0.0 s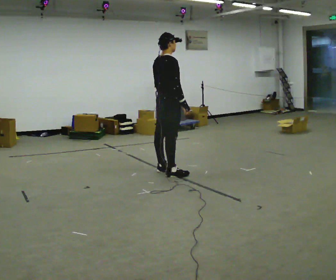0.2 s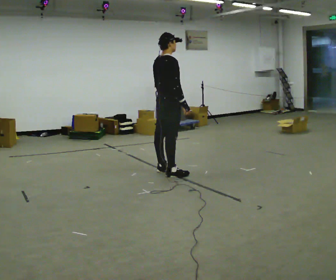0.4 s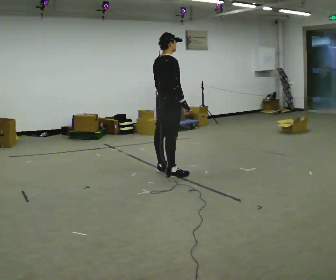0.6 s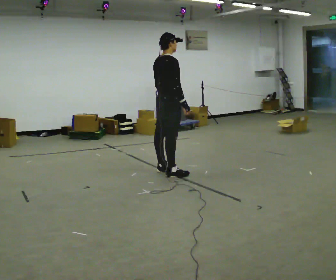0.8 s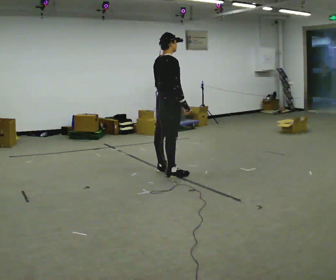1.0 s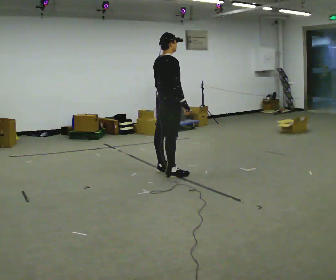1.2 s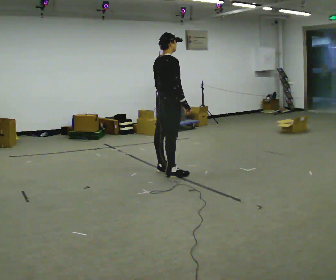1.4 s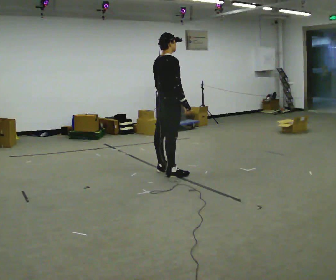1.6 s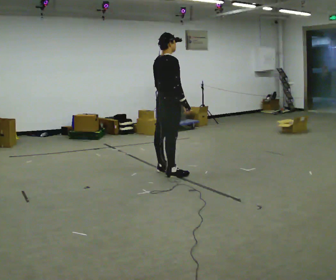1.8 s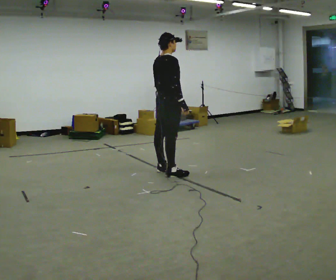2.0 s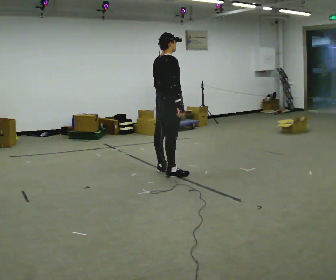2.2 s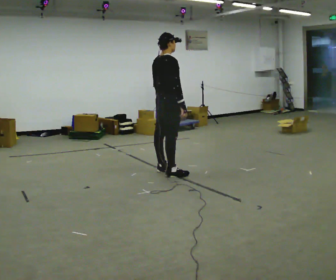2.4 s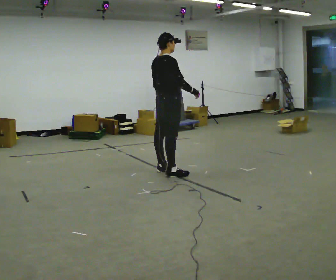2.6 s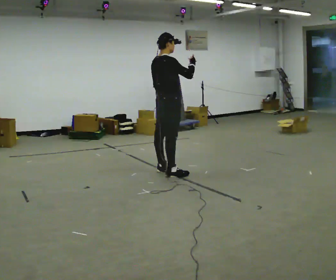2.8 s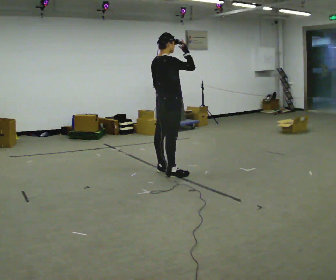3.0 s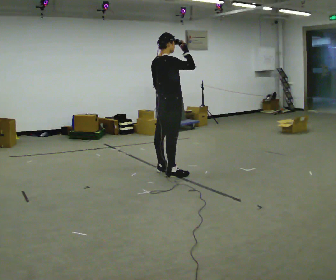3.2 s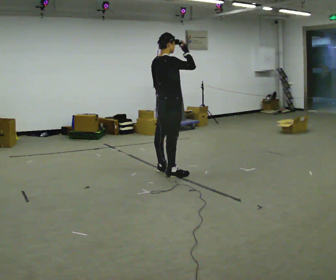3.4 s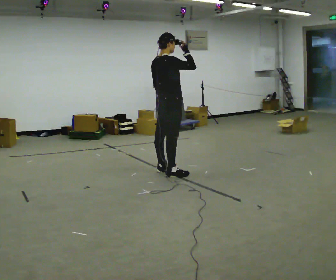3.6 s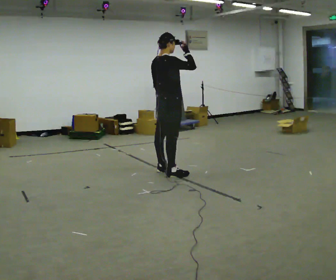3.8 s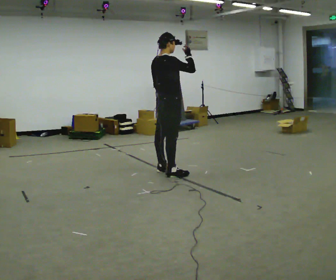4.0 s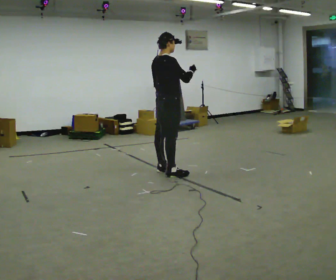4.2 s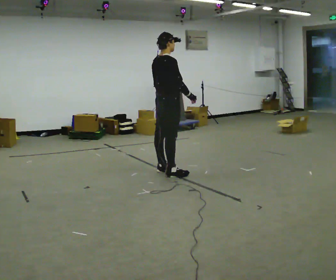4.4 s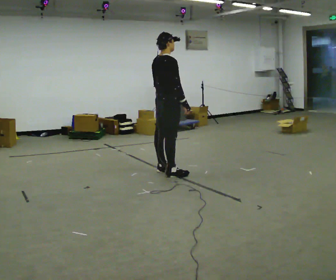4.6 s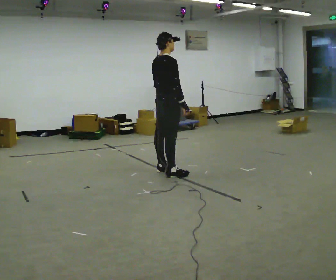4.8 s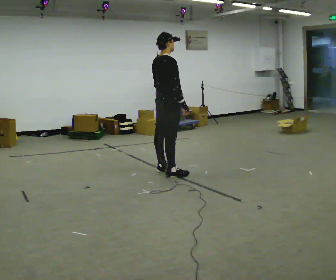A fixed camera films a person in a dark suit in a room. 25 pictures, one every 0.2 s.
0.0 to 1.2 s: The person keeps their place and pose.
1.2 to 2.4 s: The person moves a little, or ends about where they began.
2.4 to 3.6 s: In the picture their right hand goes upward.
3.6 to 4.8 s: In the picture their right hand goes downward.
The film runs backward here.
